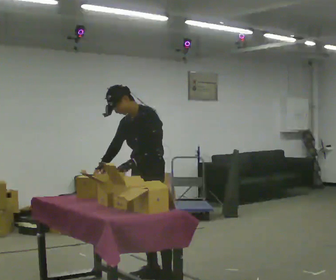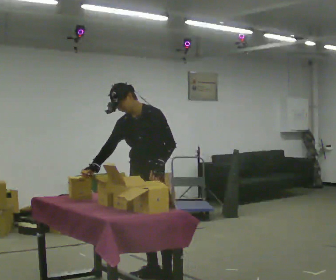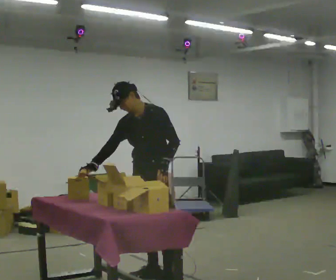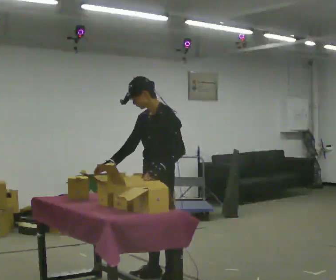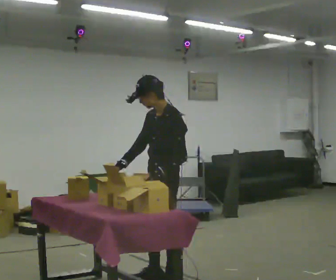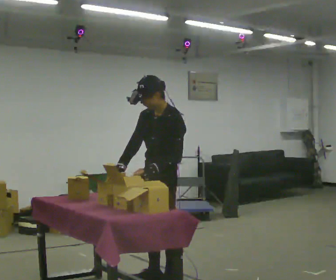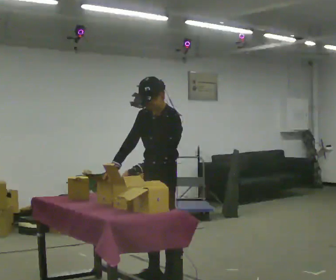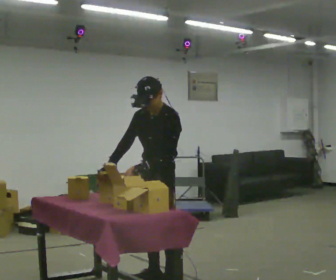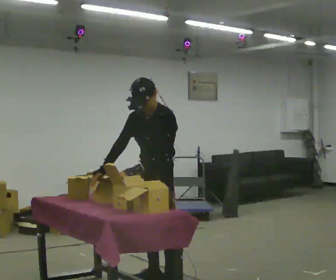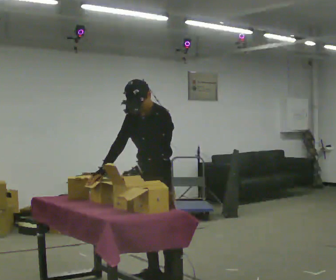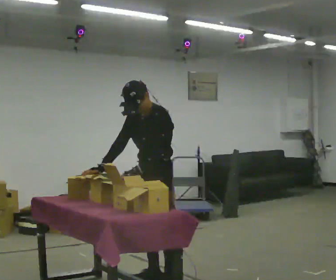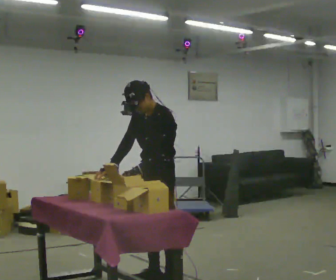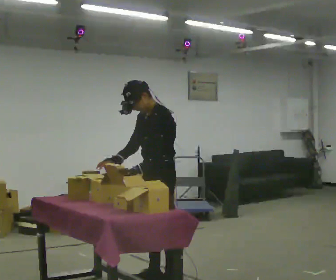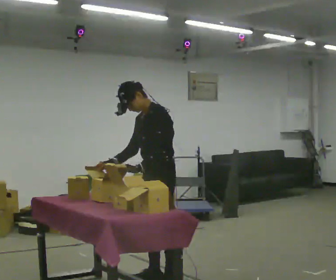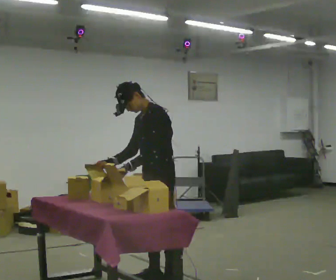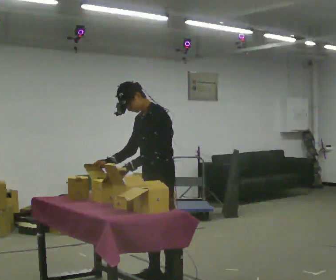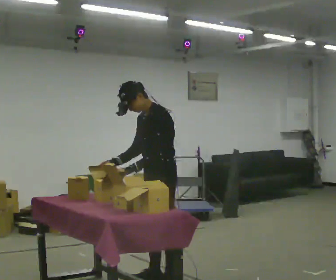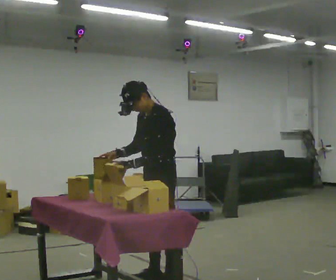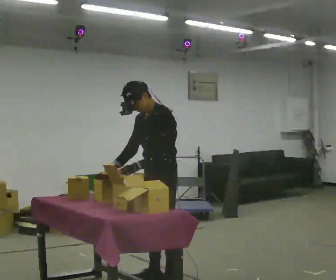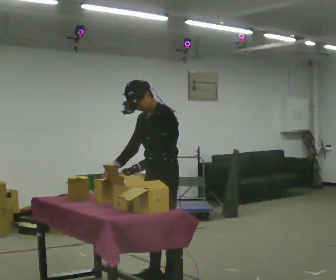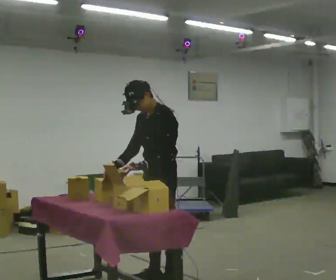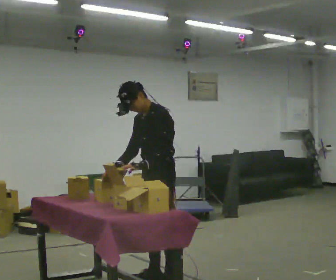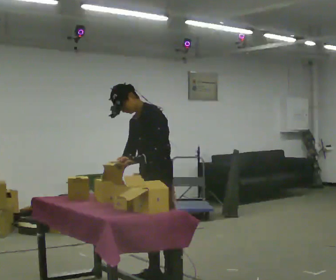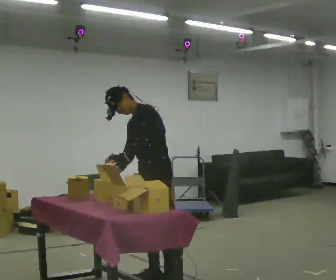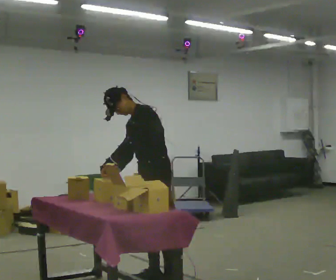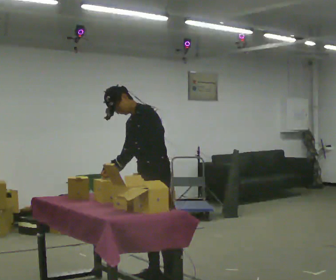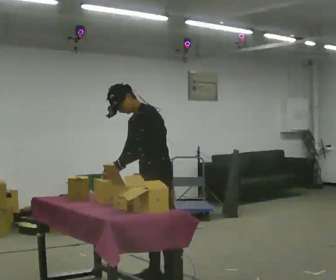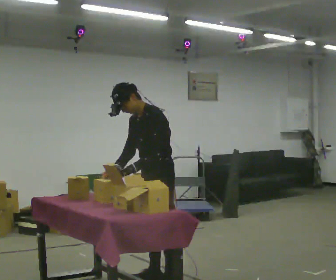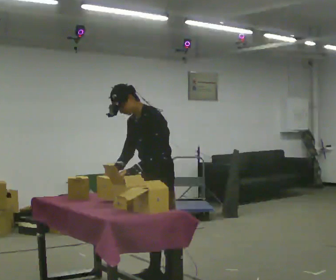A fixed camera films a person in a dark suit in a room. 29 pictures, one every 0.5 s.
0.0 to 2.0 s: In the picture they go toward the camera, about 0.25 m in 1 step, which for them is to their left and forward.
2.0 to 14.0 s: The person moves a little, or ends about where they began.
The film runs backward here.
